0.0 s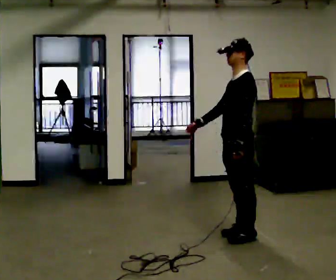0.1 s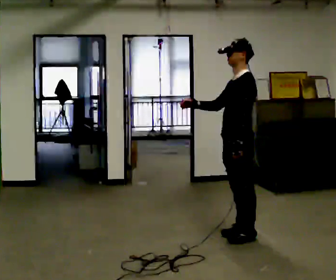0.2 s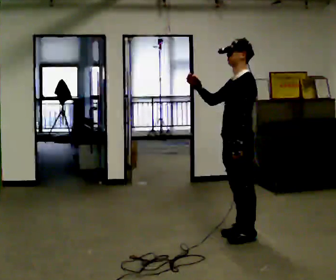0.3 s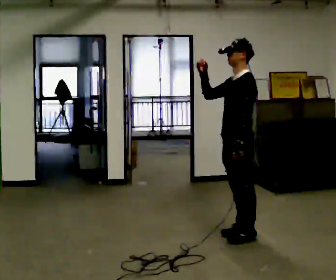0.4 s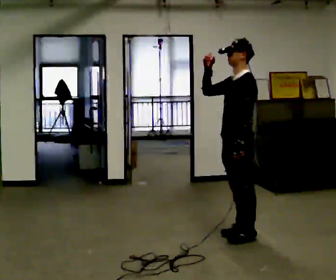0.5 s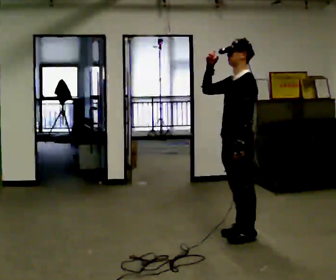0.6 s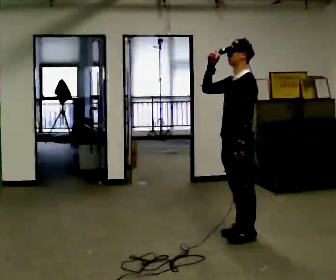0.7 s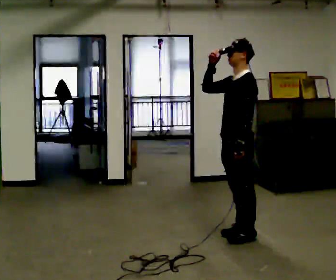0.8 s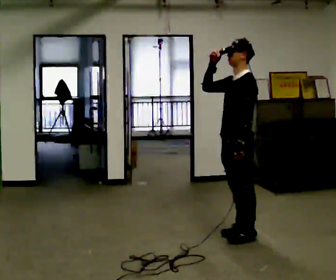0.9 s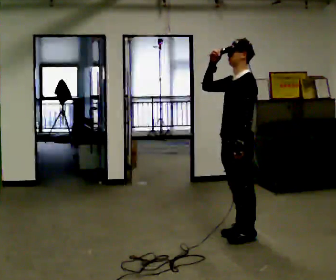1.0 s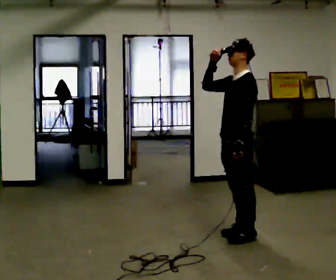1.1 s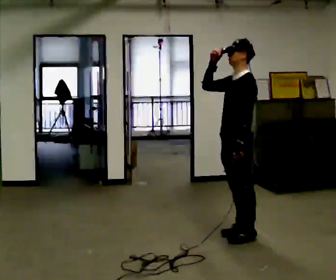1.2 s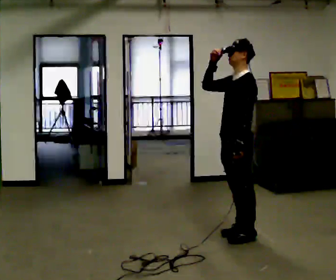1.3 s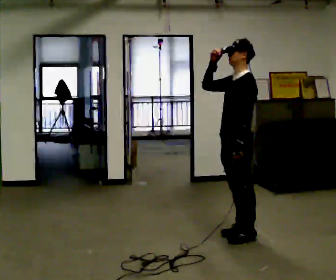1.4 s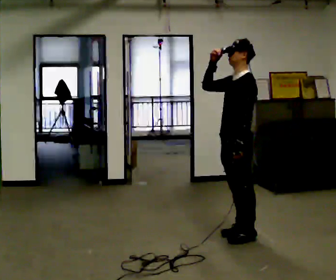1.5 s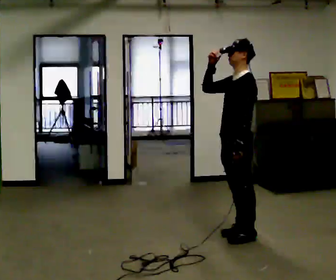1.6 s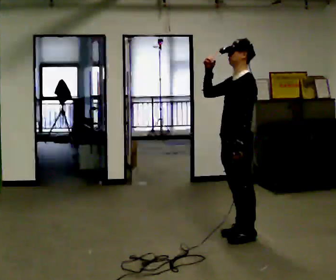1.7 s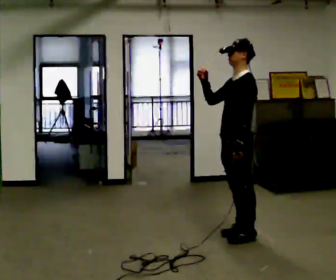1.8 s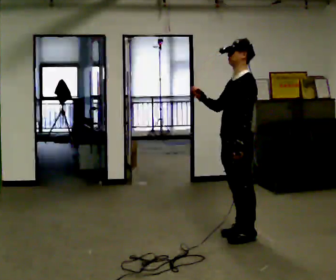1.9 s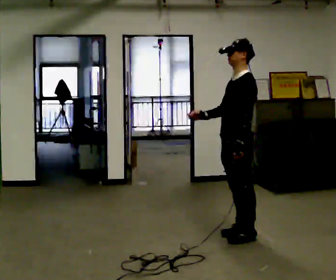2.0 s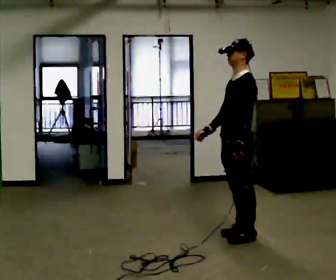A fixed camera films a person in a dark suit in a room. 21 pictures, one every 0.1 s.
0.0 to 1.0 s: In the picture their right hand goes upward.
1.0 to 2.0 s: In the picture their right hand goes downward.
The film runs forward here.
